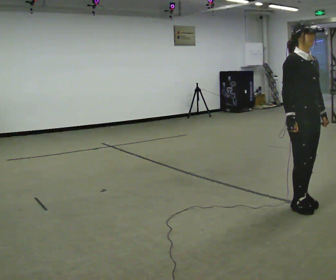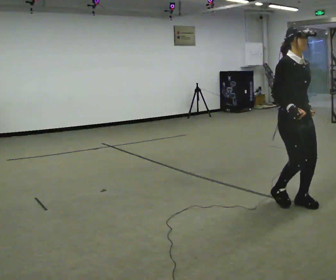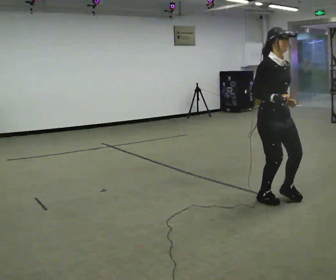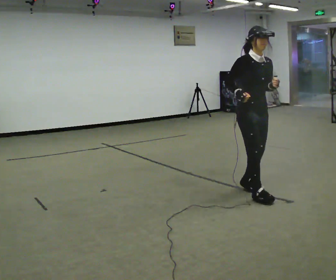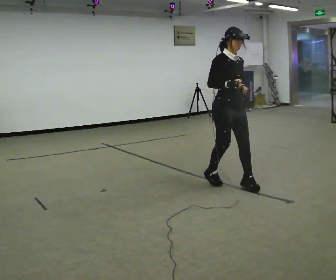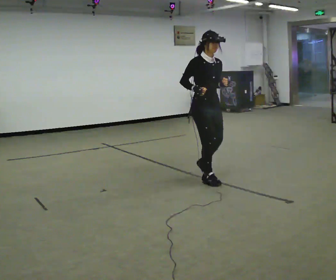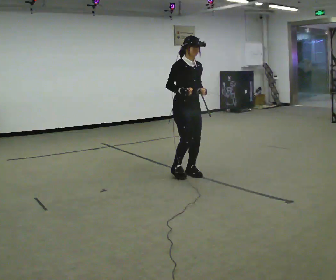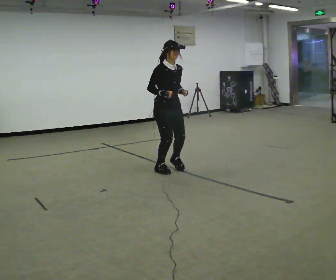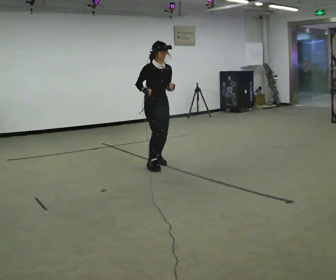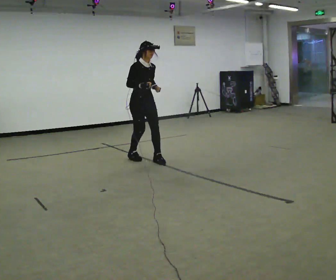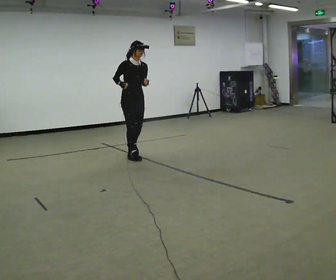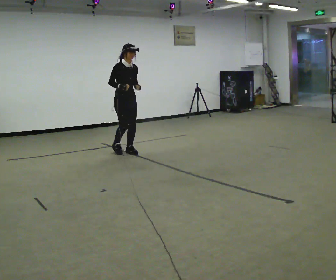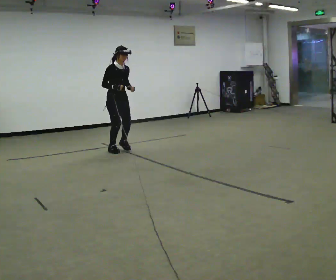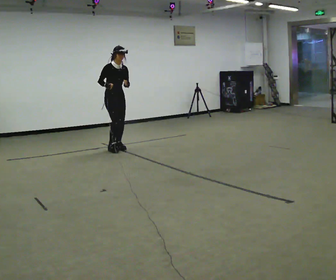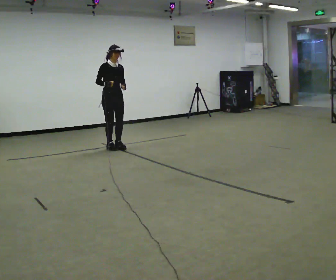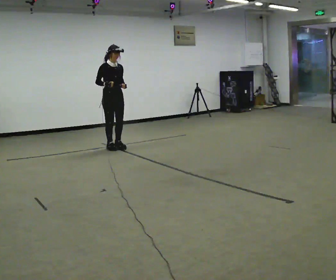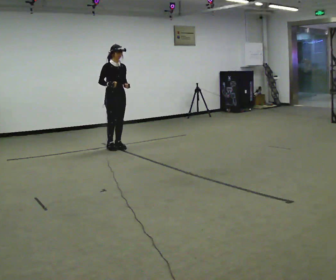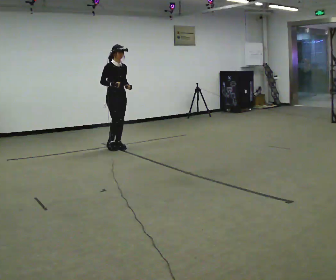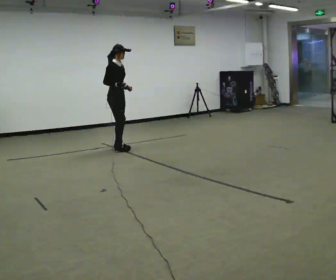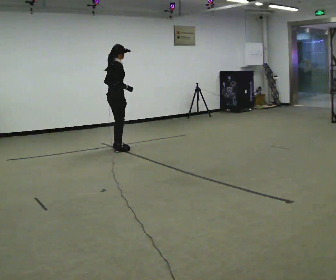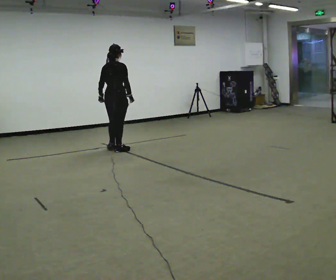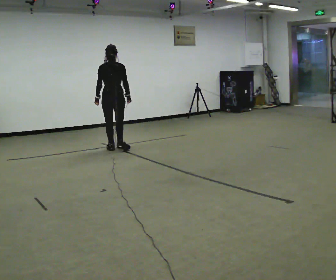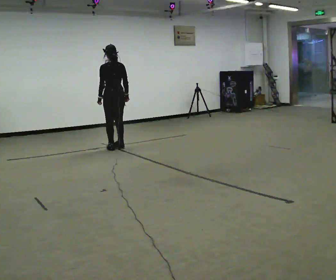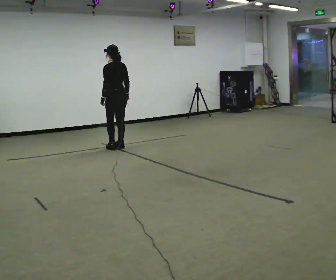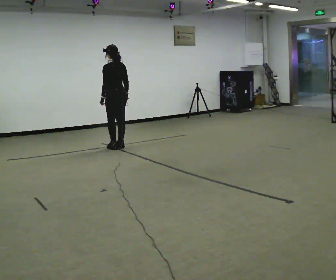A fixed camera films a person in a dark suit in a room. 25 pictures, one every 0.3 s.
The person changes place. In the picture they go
away from the camera.
0.0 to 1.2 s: In the picture they go away from the camera and to the left, about 1 m in 2 steps, which for them is backward.
1.2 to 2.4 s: In the picture they go away from the camera and to the left, about 1.5 m in 4 steps, which for them is backward.
2.4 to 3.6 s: In the picture they go away from the camera and to the left, about 1 m in 3 steps, which for them is backward.
3.6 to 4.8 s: In the picture they go away from the camera, about 0.25 m in 2 steps, which for them is backward.
4.8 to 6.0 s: The person turns about 120 degrees to their left, counterclockwise seen from above, so the part of the body nearest the lens slides to the right. In the picture they go toward the camera, about 0.25 m in 2 steps. In the picture their left hand goes to the left, the arm swinging clockwise.
6.0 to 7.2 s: The person turns about 60 degrees to their left, counterclockwise seen from above, so the part of the body nearest the lens slides to the right. In the picture they go away from the camera, about 0.25 m in 1 step.
The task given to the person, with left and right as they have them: Jog backward at a comfortable pace. The operator confirms the space behind you is clear before each take.
The film runs forward here.
